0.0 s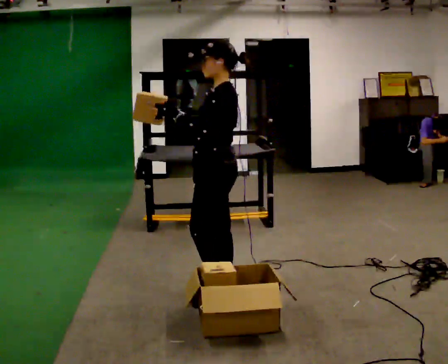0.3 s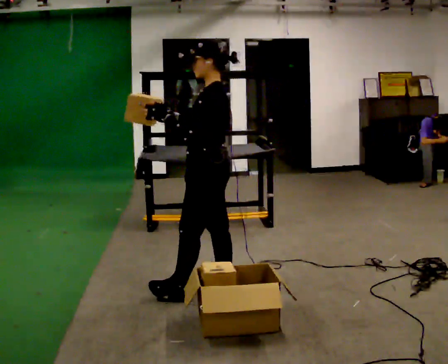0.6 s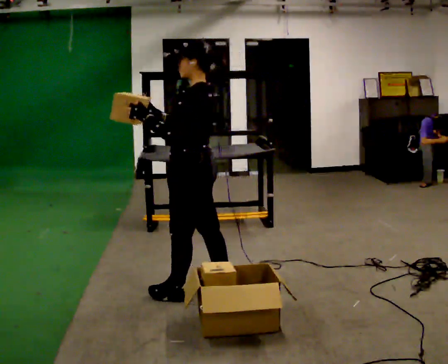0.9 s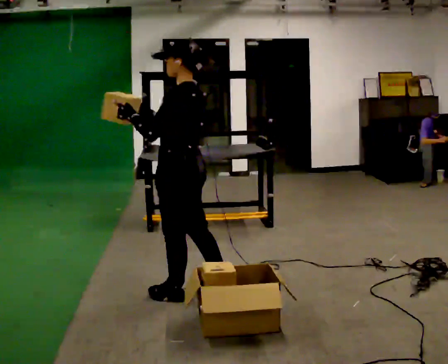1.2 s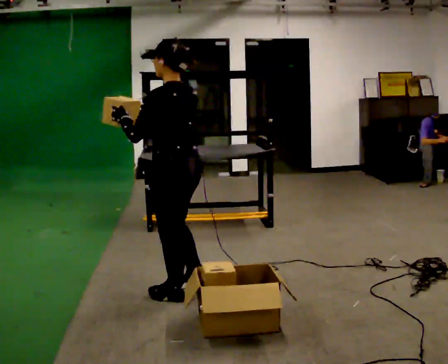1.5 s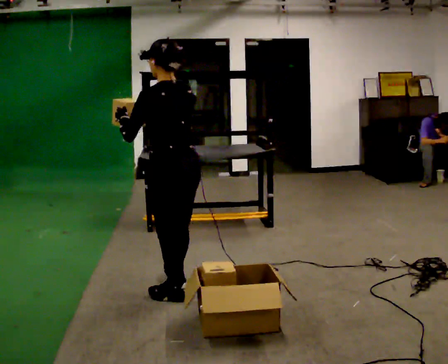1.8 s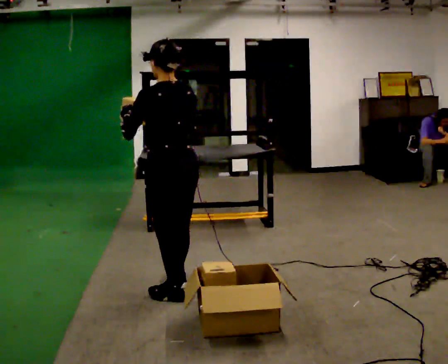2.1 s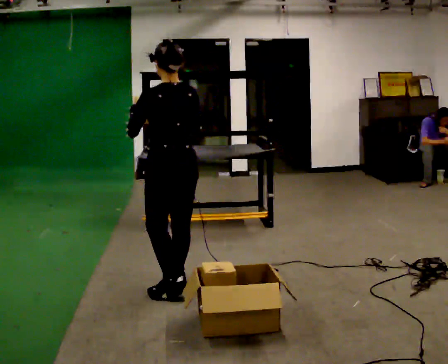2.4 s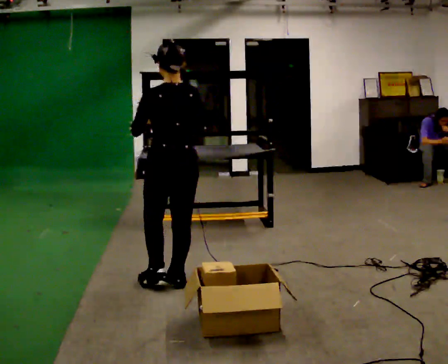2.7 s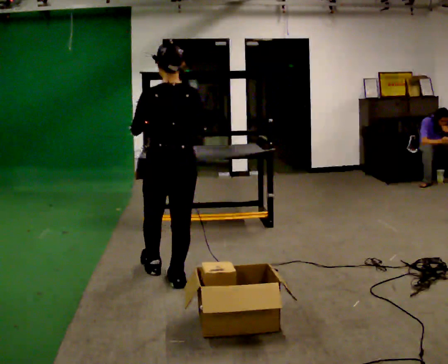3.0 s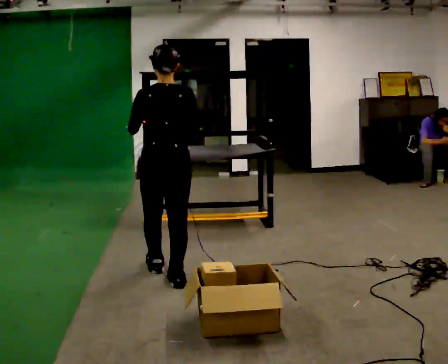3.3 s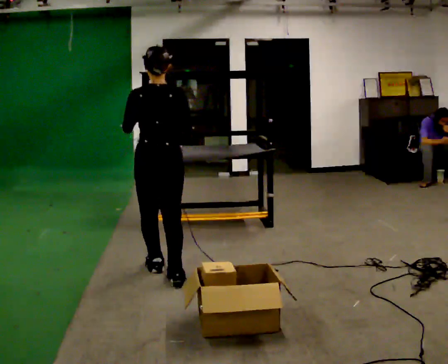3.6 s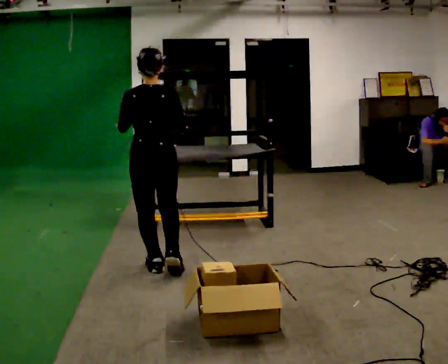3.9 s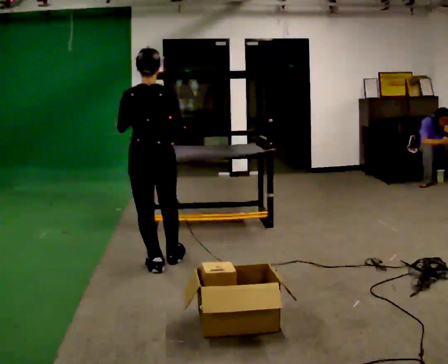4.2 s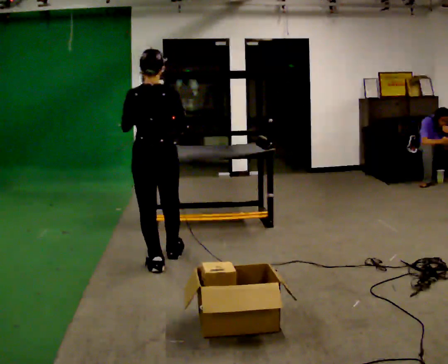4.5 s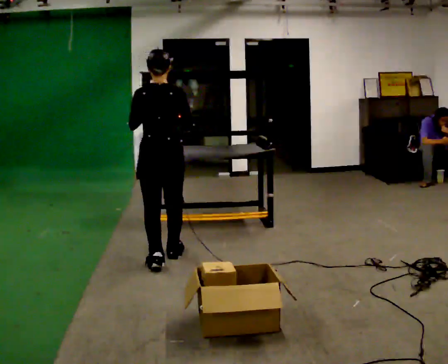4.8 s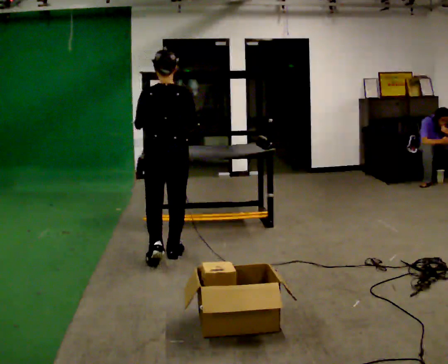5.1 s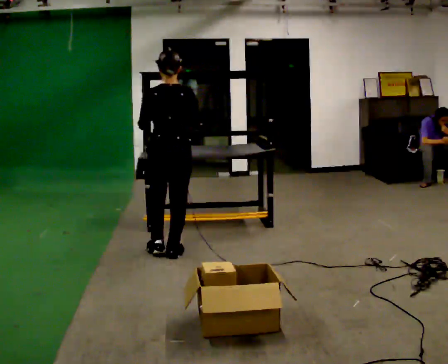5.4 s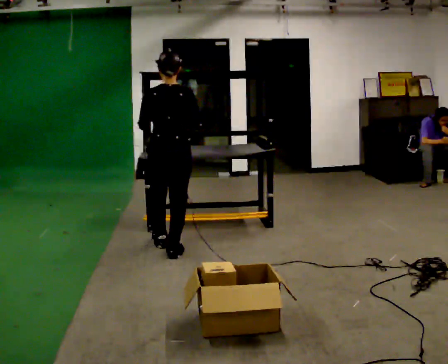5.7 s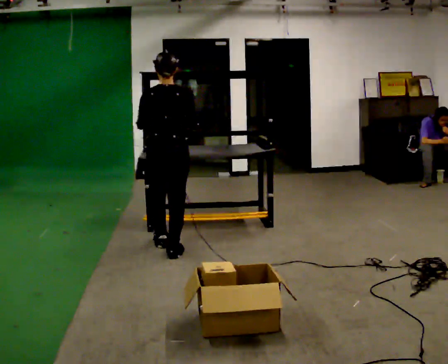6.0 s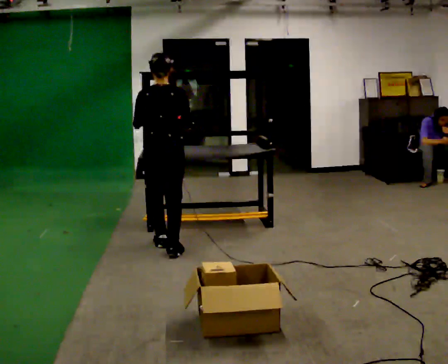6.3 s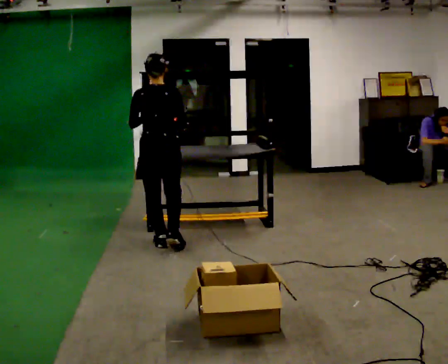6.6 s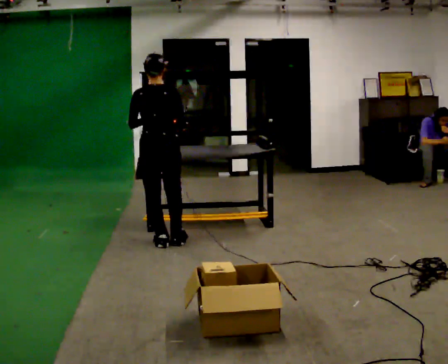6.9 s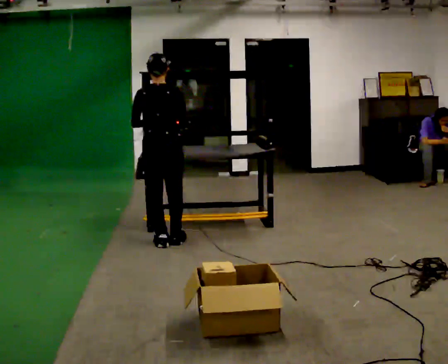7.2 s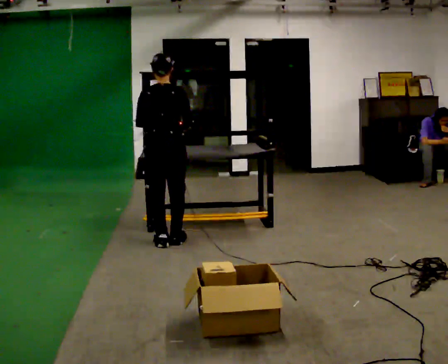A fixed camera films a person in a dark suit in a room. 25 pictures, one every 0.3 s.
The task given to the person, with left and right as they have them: Reach down into the deep bin on the floor, take out one object at a time, carry it to the shelf, and come back for the next one. Keep going until the operator says stop; one object at a time, and do not rush between trips.
0.0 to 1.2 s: The person turns about 30 degrees to their right, clockwise seen from above, so the part of the body nearest the lens slides to the left. In the picture they go to the left, about 0.25 m in 1 step, which for them is forward and to their left.
1.2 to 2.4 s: The person turns about 30 degrees to their right, clockwise seen from above, so the part of the body nearest the lens slides to the left. In the picture they go away from the camera, about 0.25 m in 1 step, which for them is forward.
2.4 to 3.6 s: In the picture they go away from the camera, about 0.25 m in 1 step, which for them is forward and to their left.
3.6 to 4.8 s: In the picture they go away from the camera, about 0.25 m in 1 step, which for them is forward.
4.8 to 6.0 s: In the picture they go away from the camera, about 0.25 m in 1 step, which for them is forward.
6.0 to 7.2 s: The person moves a little, or ends about where they began.
The film runs forward here.
